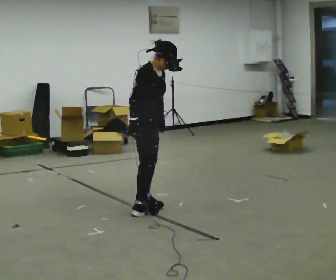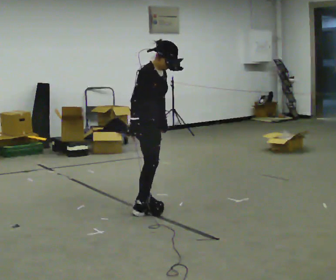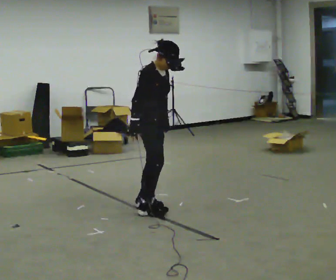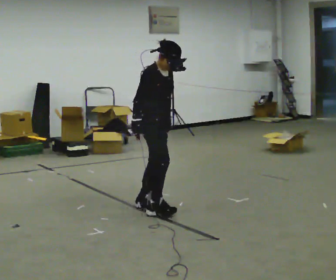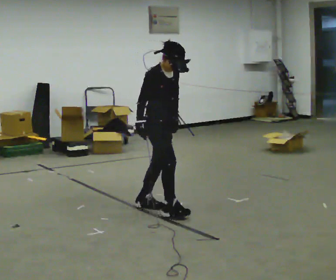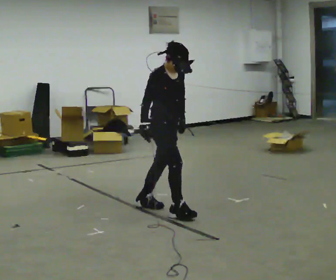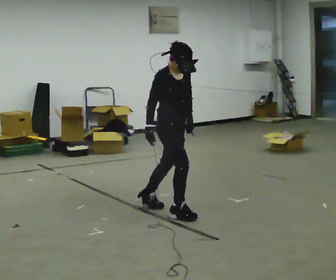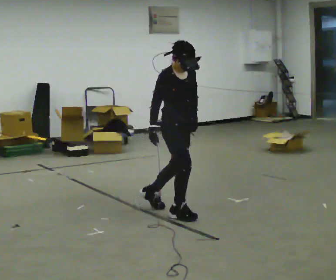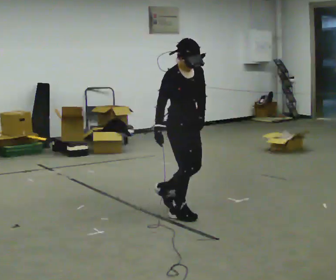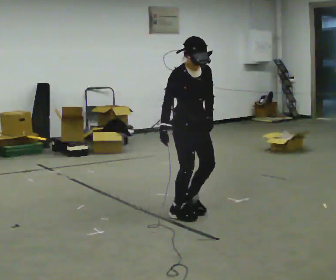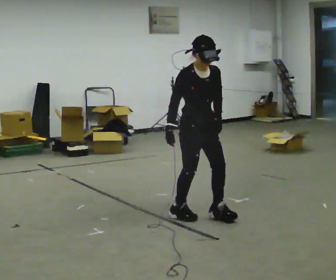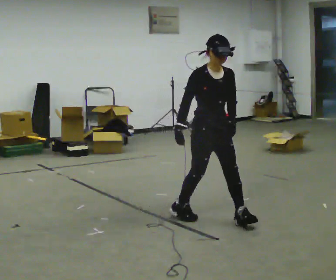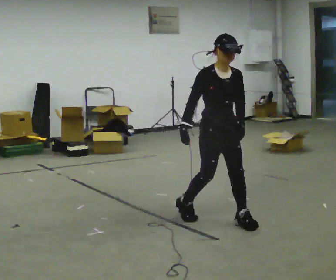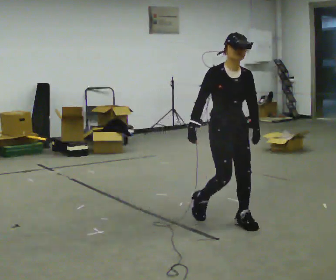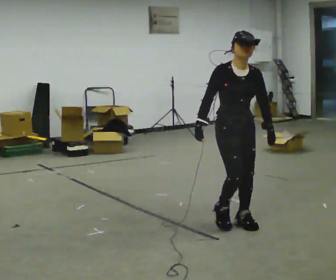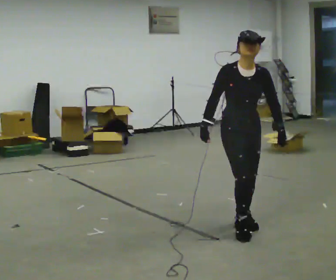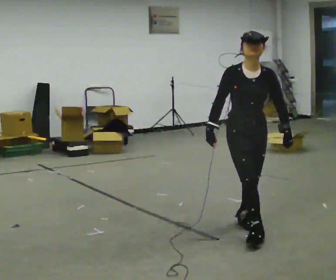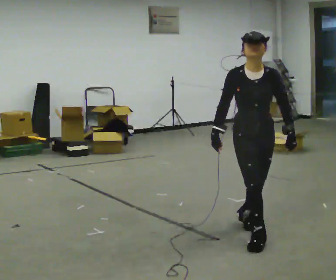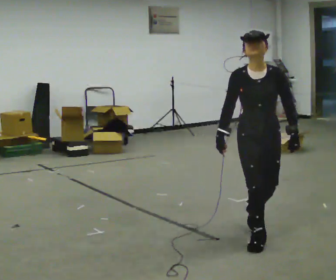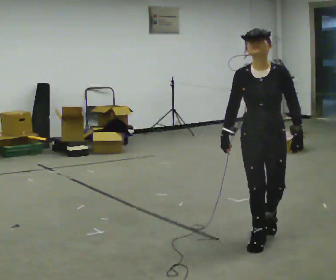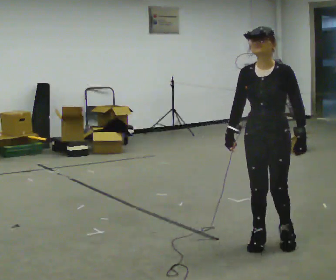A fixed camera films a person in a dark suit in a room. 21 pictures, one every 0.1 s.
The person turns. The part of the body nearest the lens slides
to the left.
The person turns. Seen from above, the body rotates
clockwise.
0.0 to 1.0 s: The person turns about 45 degrees to their right, clockwise seen from above, so the part of the body nearest the lens slides to the left. In the picture they go to the right and toward the camera, about 0.5 m in 1 step, which for them is forward.
1.0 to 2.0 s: The part of the body nearest the lens slides to the left as the person turns to their right by about 60 degrees. In the picture they go toward the camera and to the right, about 1 m in 2 steps.
The film runs forward here.
